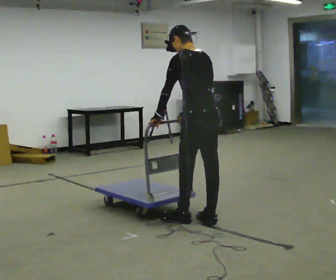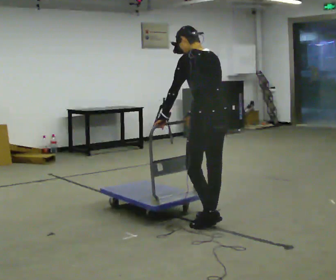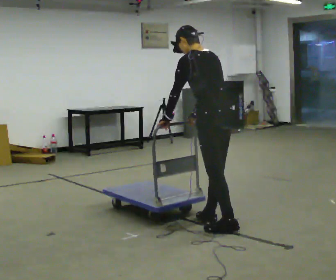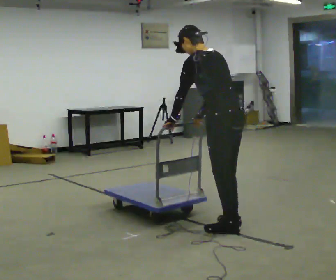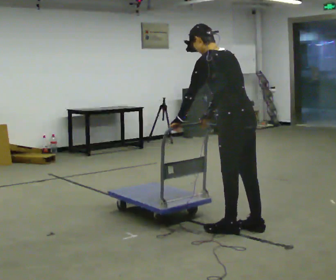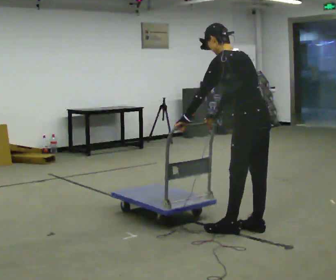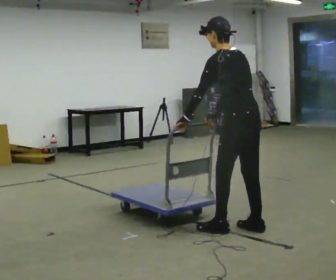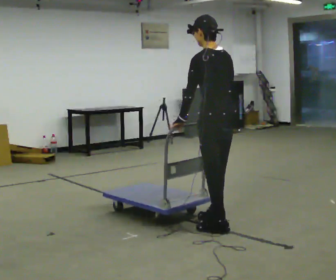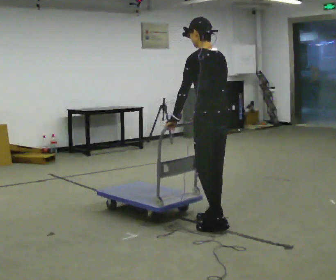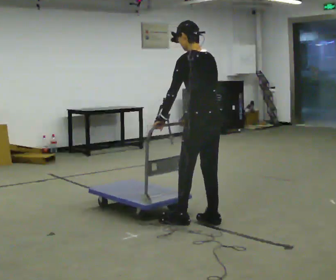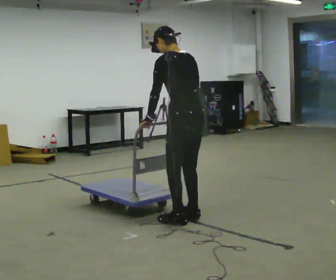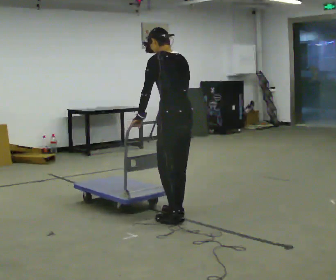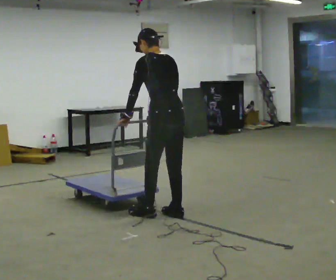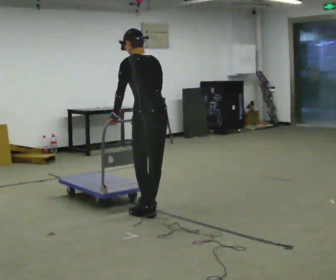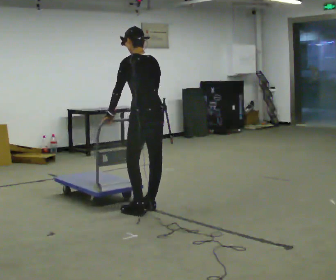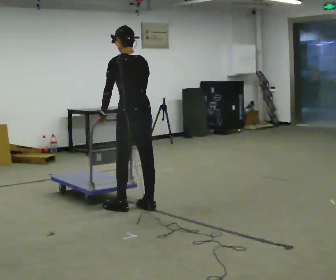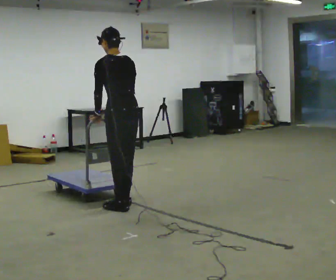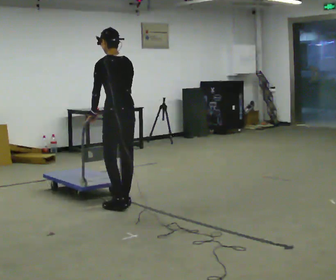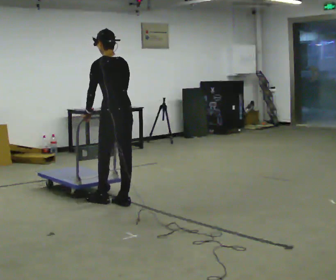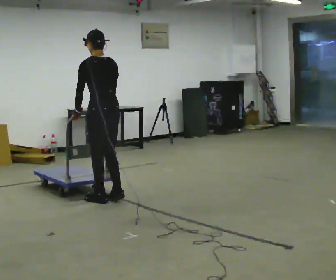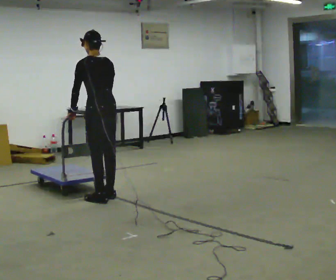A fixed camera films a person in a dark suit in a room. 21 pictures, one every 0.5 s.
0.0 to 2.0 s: In the picture they go to the right and toward the camera, about 0.5 m in 2 steps, which for them is backward.
2.0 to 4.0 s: In the picture they go away from the camera and to the left, about 0.25 m in 1 step, which for them is forward. In the picture the upper body tilts clockwise, shoulders to the right, as they lean back or straighten.
4.0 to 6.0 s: In the picture they go to the left and away from the camera, about 0.5 m in 3 steps, which for them is forward.
6.0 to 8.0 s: In the picture they go to the left and away from the camera, about 0.5 m in 3 steps, which for them is forward.
8.0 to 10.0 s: In the picture they go away from the camera and to the left, about 0.5 m in 2 steps, which for them is forward.
The film runs backward here.
